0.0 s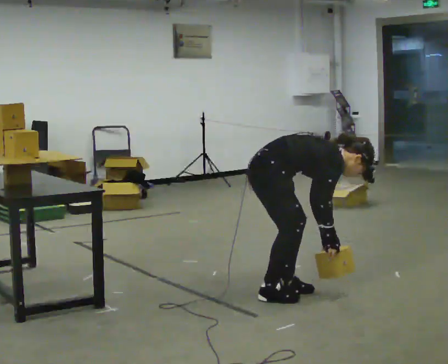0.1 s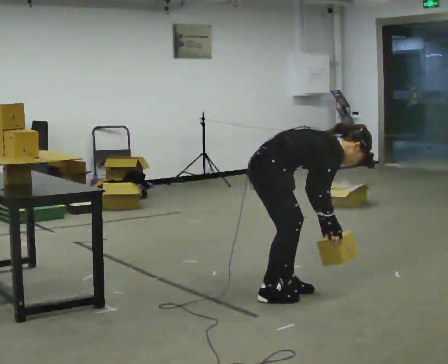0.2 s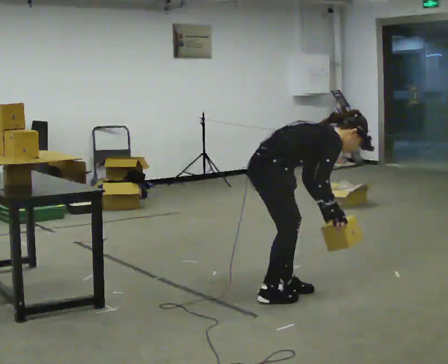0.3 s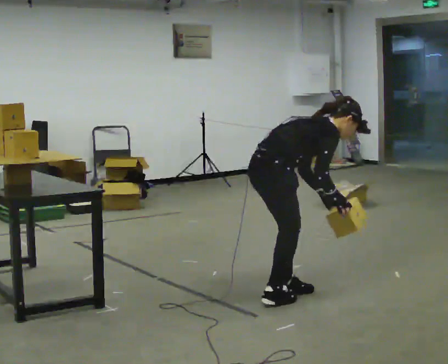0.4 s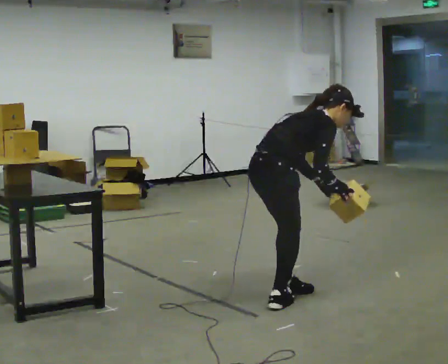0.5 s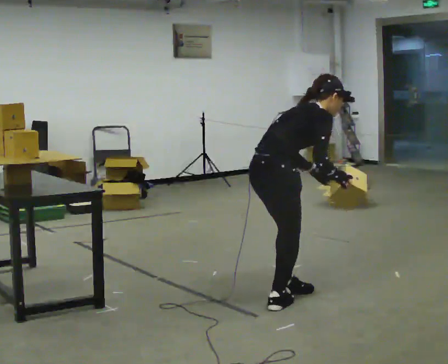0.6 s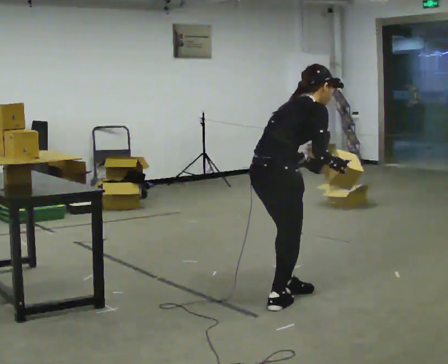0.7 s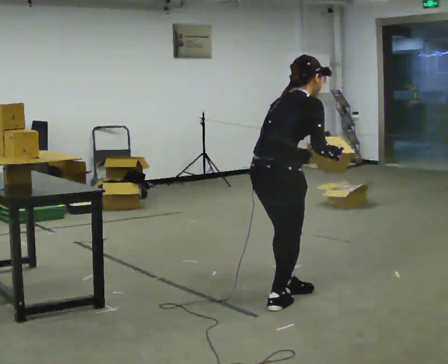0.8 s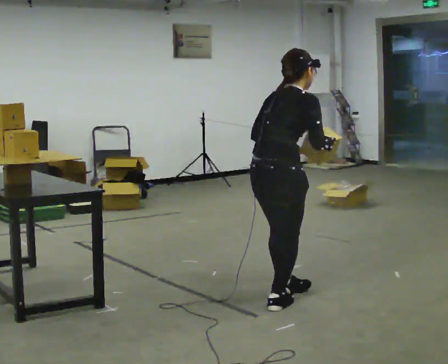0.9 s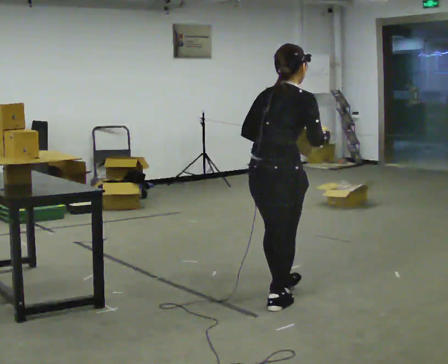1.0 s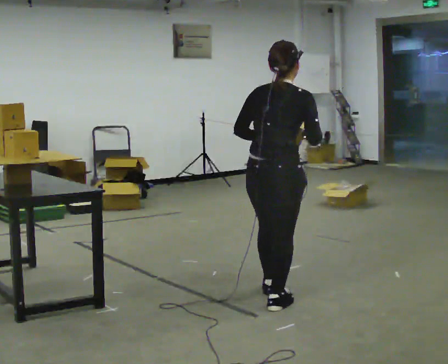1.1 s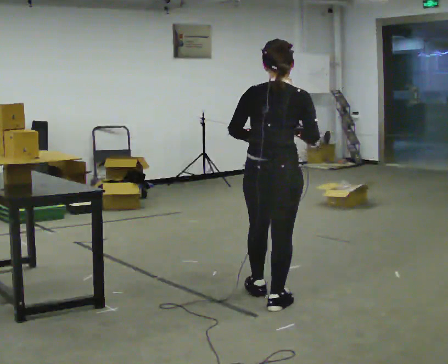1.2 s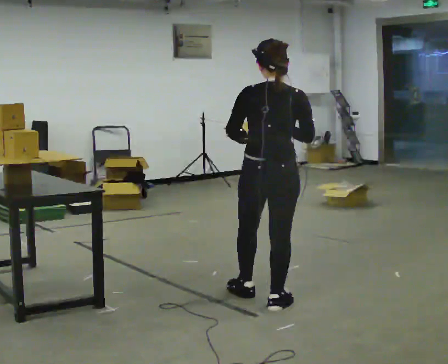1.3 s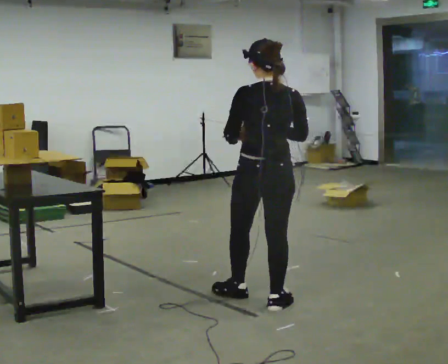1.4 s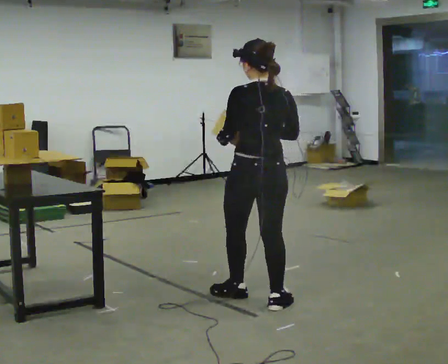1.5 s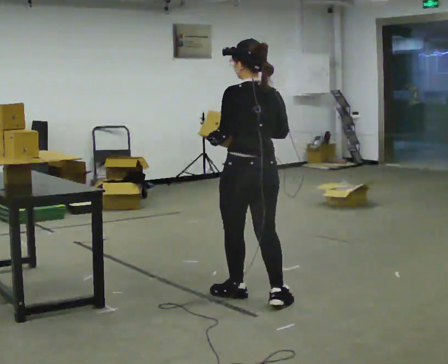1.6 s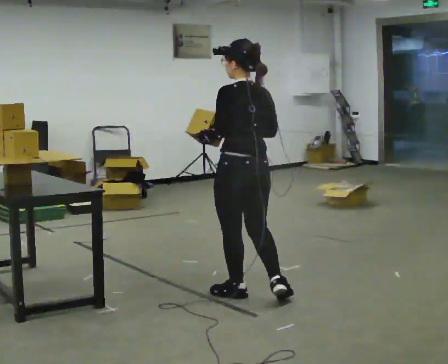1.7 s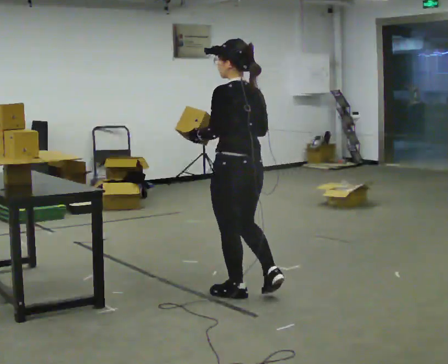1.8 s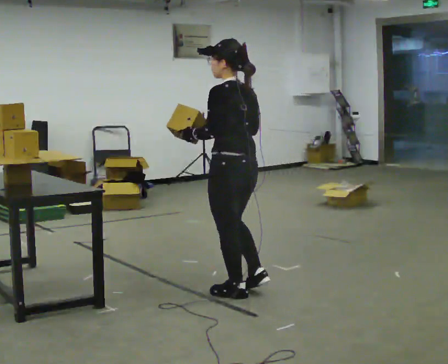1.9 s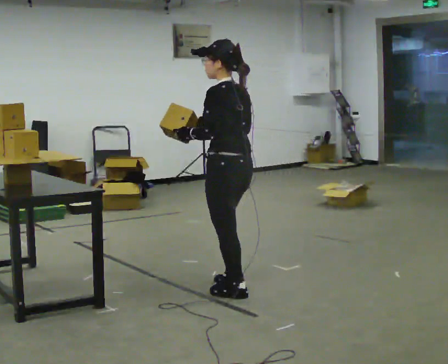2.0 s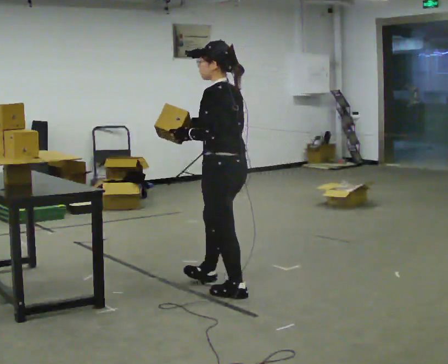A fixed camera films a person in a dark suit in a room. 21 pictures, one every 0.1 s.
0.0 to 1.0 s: The person turns about 60 degrees to their left, counterclockwise seen from above, so the part of the body nearest the lens slides to the right. In the picture they go toward the camera, about 0.25 m in 1 step. The shoulders move upward. In the picture the upper body tilts counterclockwise, shoulders to the left, as they lean back or straighten. In the picture their right hand goes upward.
1.0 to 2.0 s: Seen from above the body turns counterclockwise, about 90 degrees: to their left, with its near side sliding to the right. In the picture they go to the left and away from the camera, about 0.5 m in 1 step.
The film runs forward here.
